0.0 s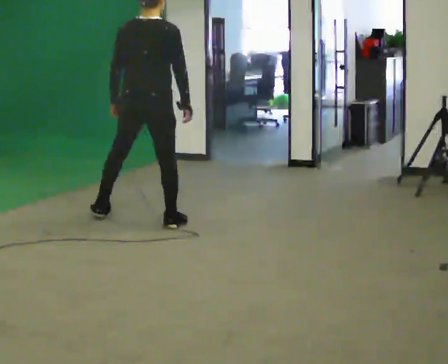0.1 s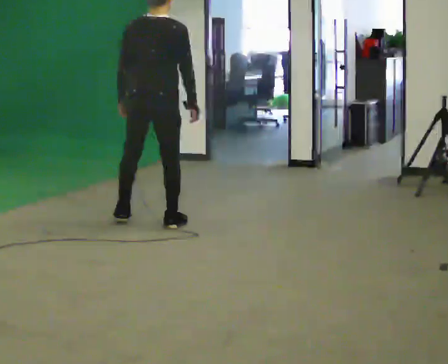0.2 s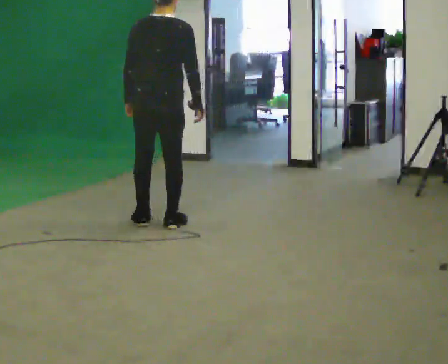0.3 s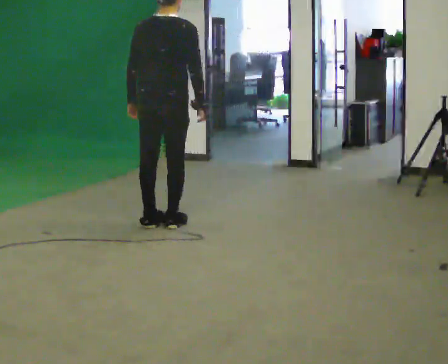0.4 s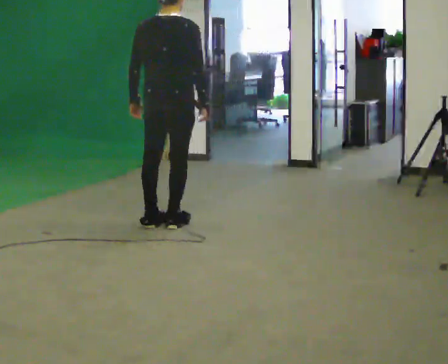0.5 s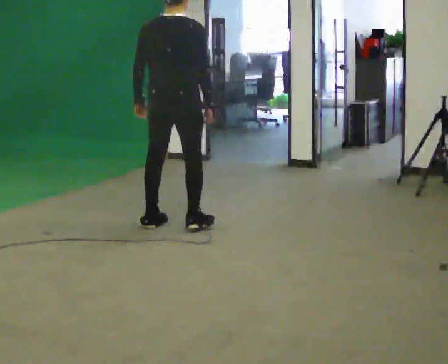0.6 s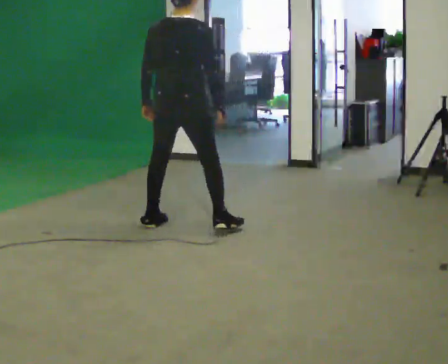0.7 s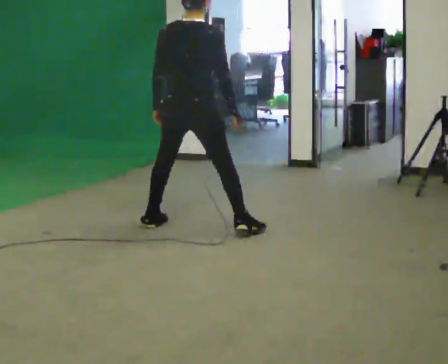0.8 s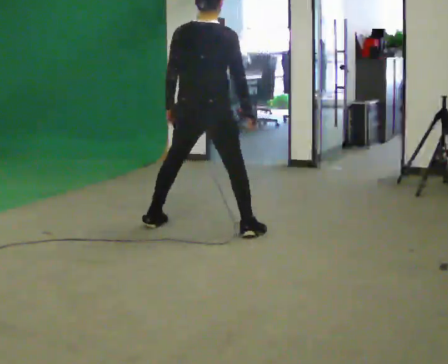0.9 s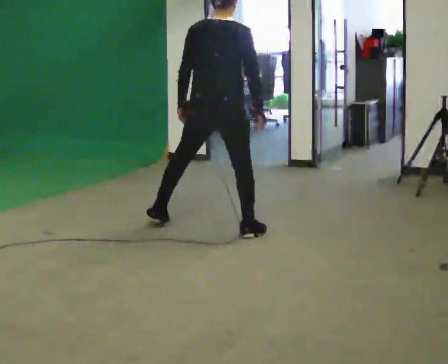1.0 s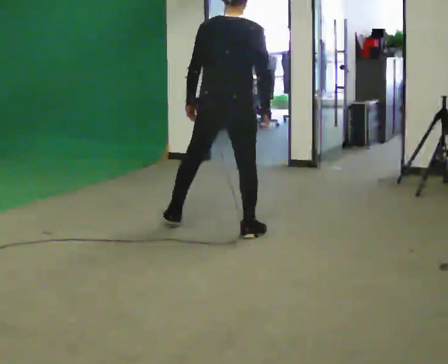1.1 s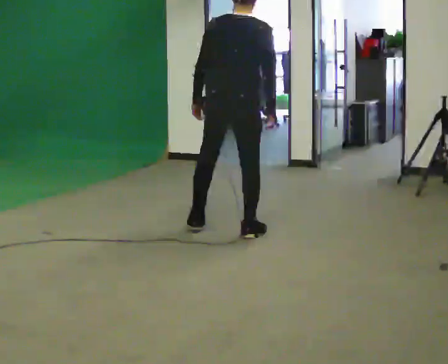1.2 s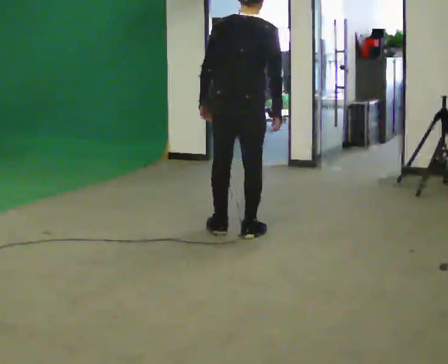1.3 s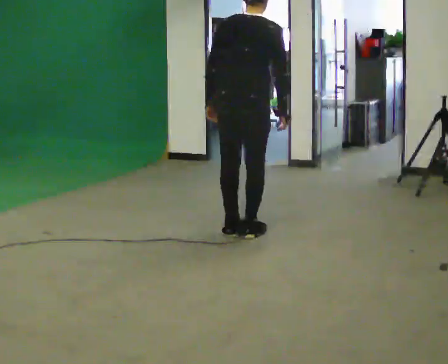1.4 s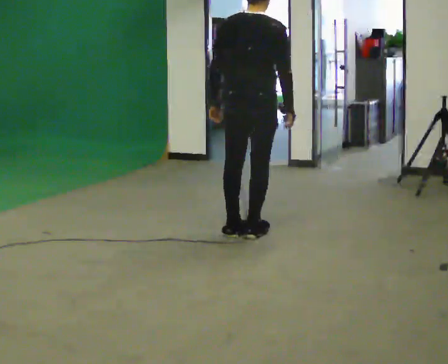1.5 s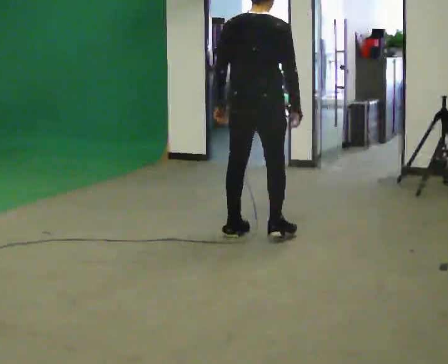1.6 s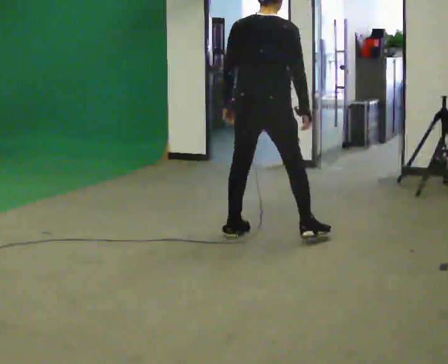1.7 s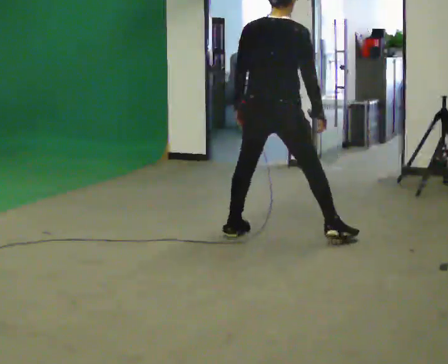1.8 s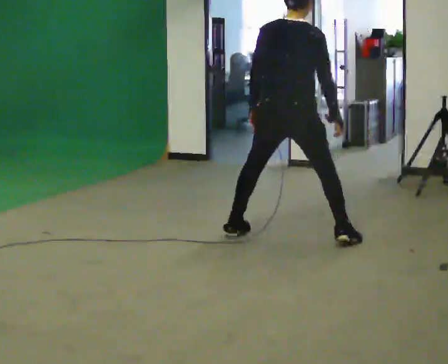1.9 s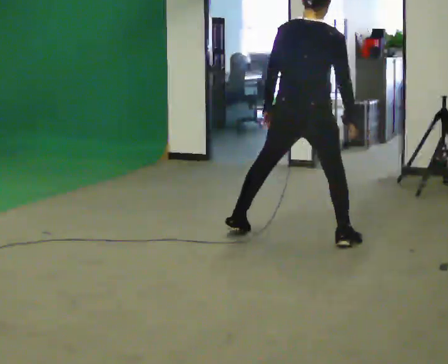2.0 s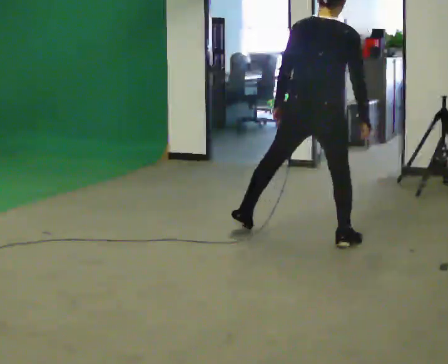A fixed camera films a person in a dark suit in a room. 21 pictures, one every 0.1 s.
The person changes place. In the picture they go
to the right.
0.0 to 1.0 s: In the picture they go to the right and toward the camera, about 0.5 m in 2 steps, which for them is to their right.
1.0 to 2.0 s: In the picture they go to the right, about 0.5 m in 2 steps, which for them is to their right.
The film runs backward here.
